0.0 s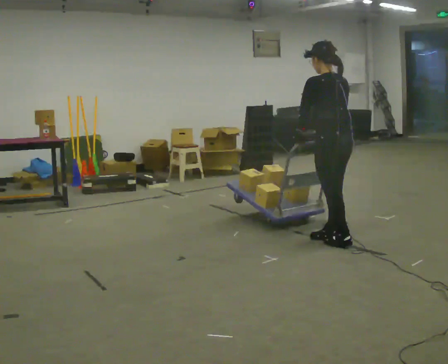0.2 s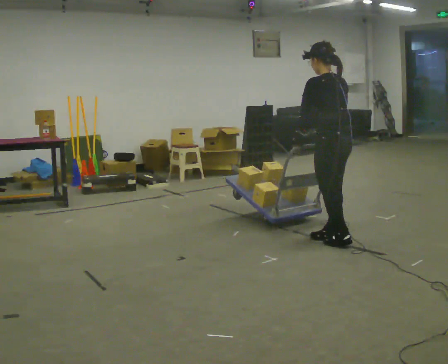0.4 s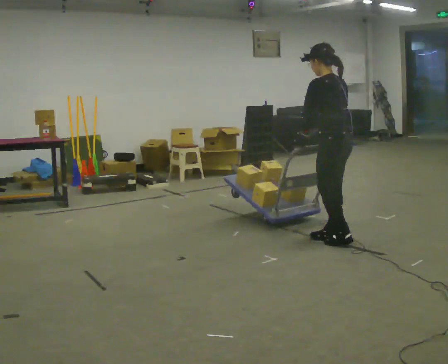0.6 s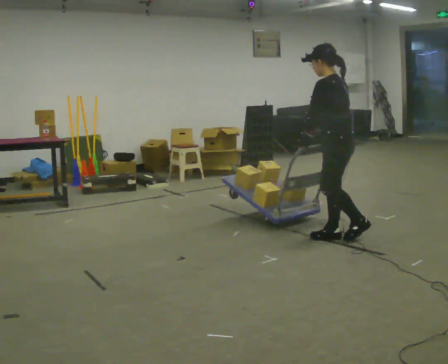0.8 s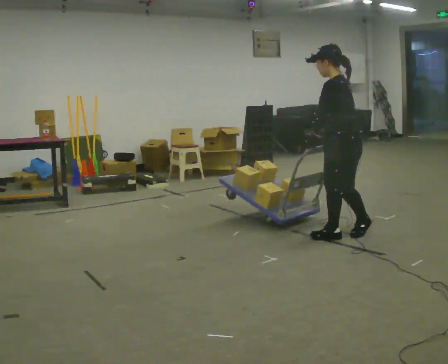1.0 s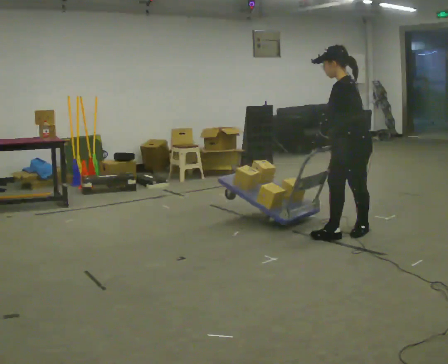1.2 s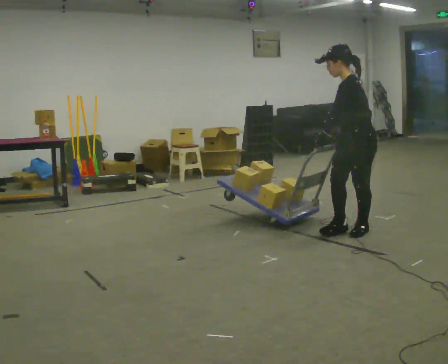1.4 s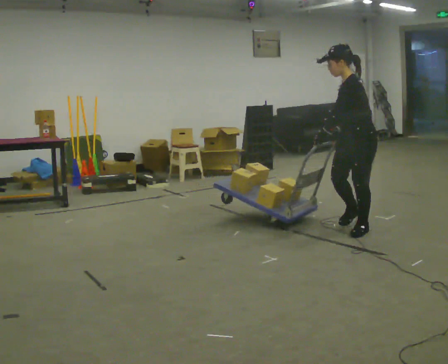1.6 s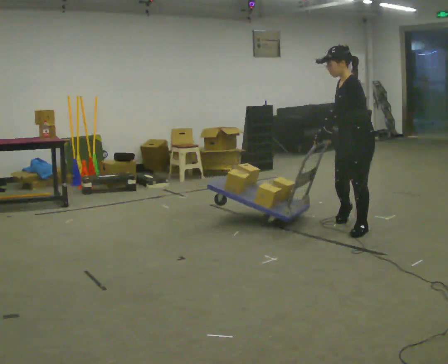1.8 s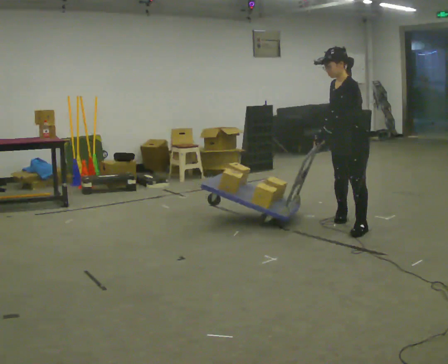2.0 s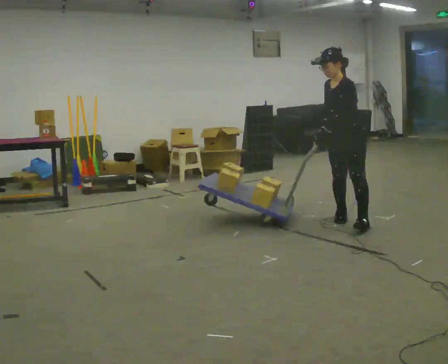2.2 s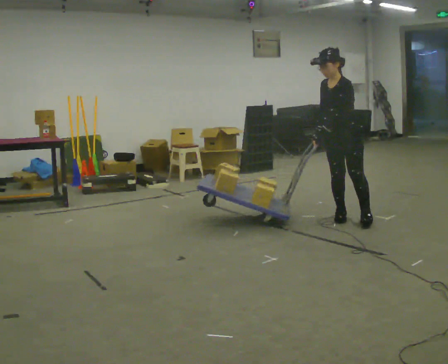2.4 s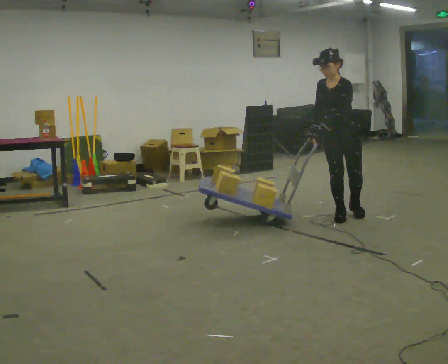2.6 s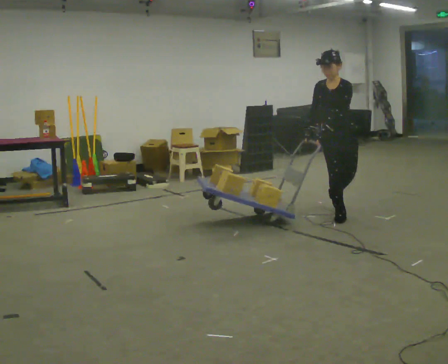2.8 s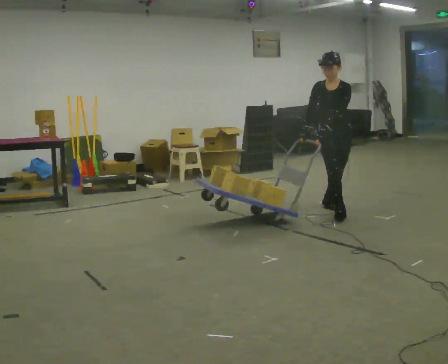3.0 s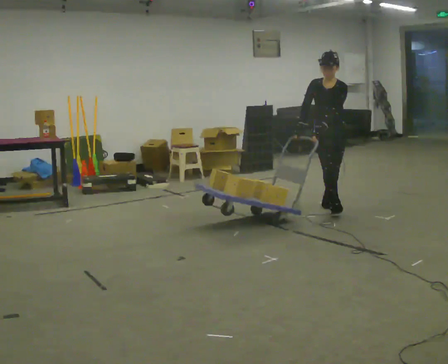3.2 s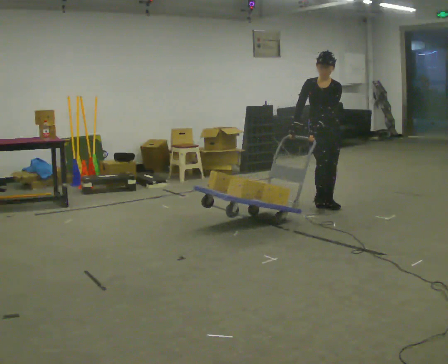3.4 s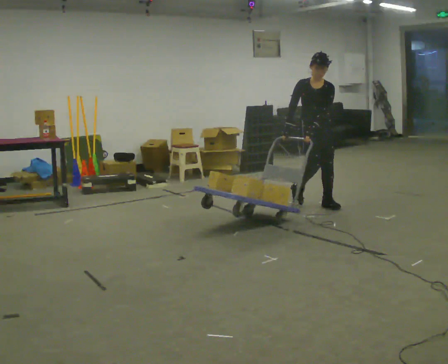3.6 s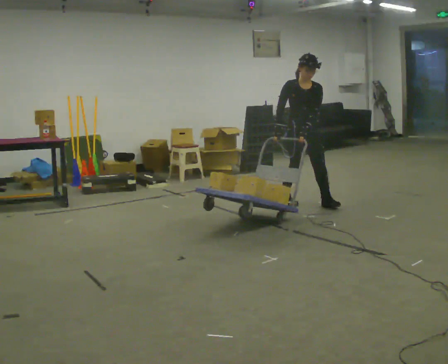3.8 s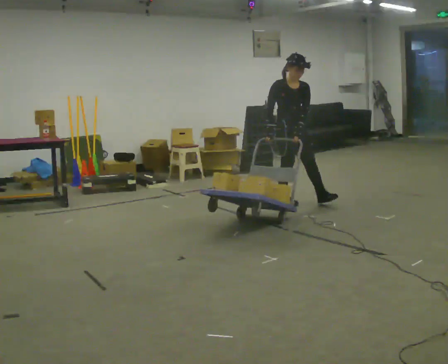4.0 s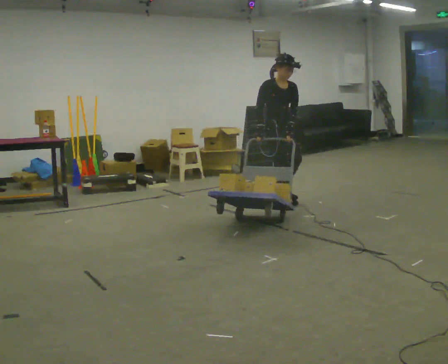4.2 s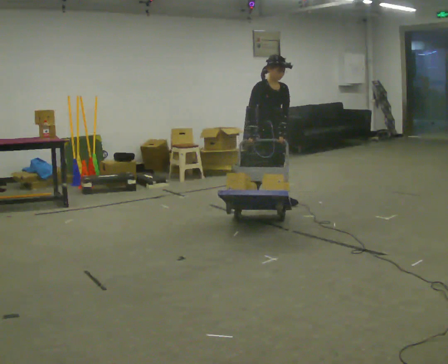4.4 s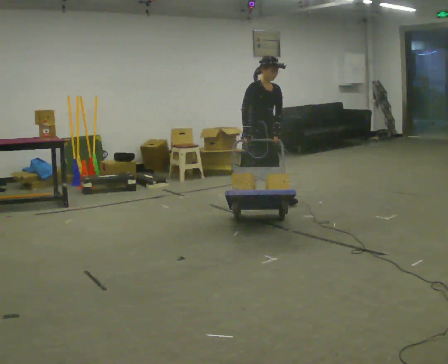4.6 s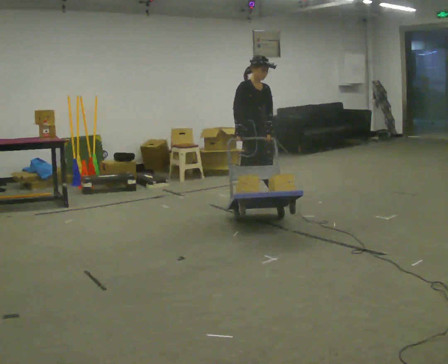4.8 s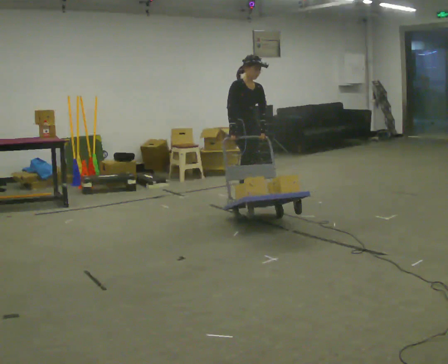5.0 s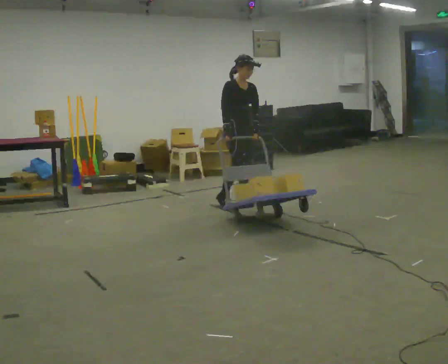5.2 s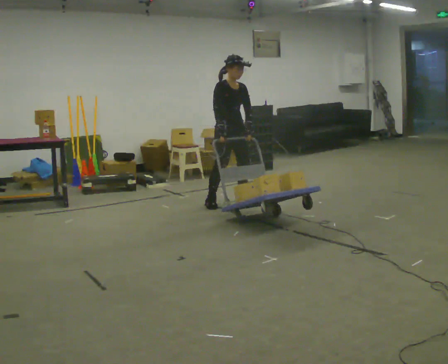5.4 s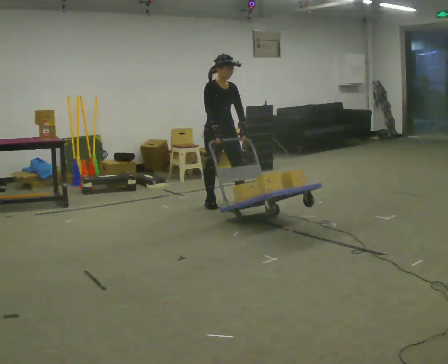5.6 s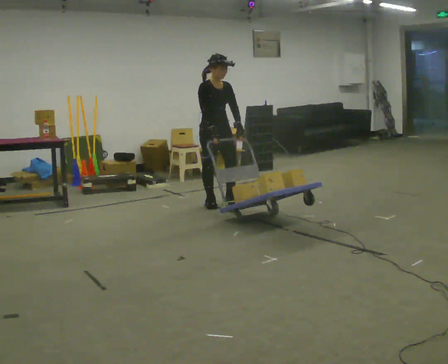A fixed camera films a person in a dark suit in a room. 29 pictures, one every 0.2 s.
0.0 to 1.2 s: The part of the body nearest the lens slides to the right as the person turns to their left by about 60 degrees. In the picture they go away from the camera and to the right, about 0.25 m in 2 steps, which for them is to their right and backward.
1.2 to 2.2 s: The person turns about 45 degrees to their left, counterclockwise seen from above, so the part of the body nearest the lens slides to the right. In the picture they go away from the camera, about 0.5 m in 1 step, which for them is to their right and backward.
2.2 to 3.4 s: Seen from above the body turns counterclockwise, about 45 degrees: to their left, with its near side sliding to the right. In the picture they go away from the camera and to the left, about 0.5 m in 1 step, which for them is backward and to their right.
3.4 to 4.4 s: The person turns about 60 degrees to their left, counterclockwise seen from above, so the part of the body nearest the lens slides to the right. In the picture they go to the left, about 0.5 m in 1 step, which for them is backward and to their right.
4.4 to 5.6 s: In the picture they go to the left, about 0.5 m in 2 steps, which for them is to their right and backward.
The film runs backward here.
